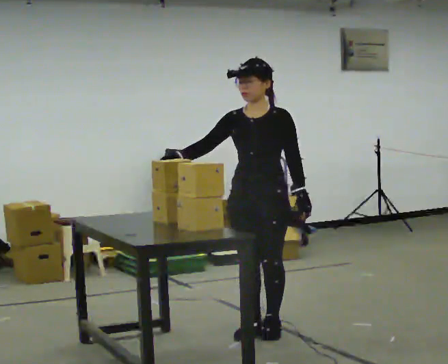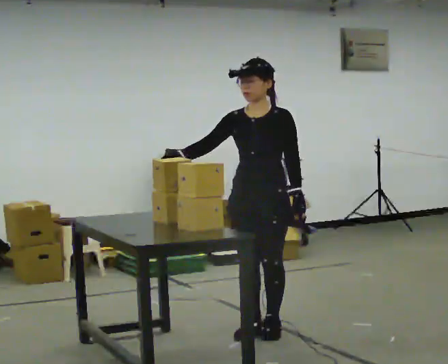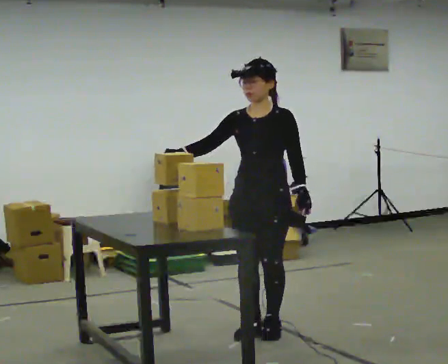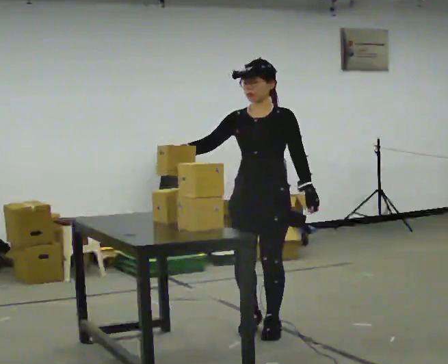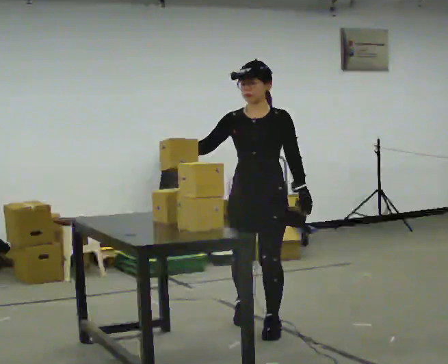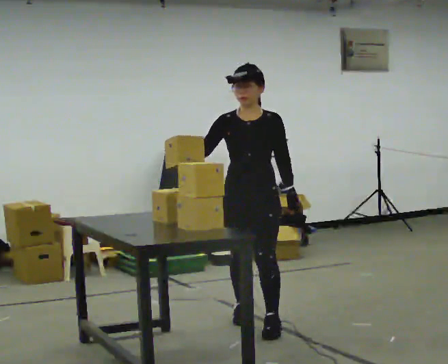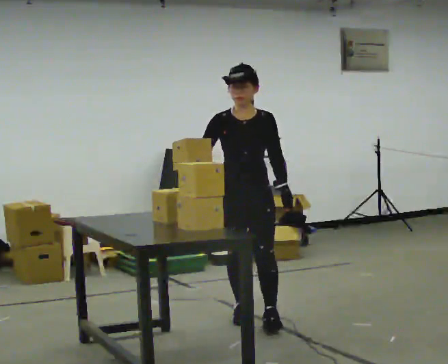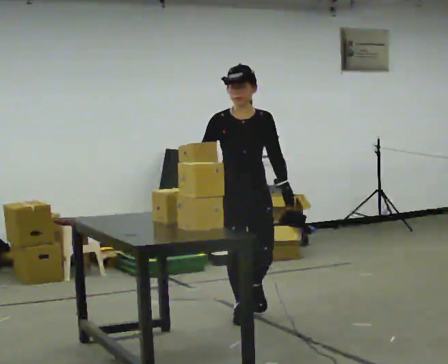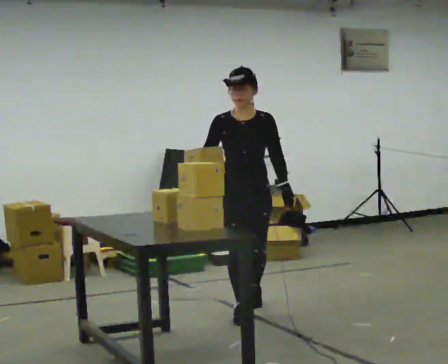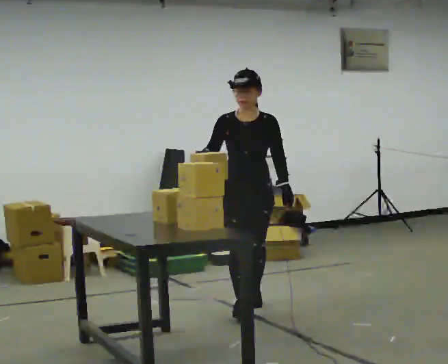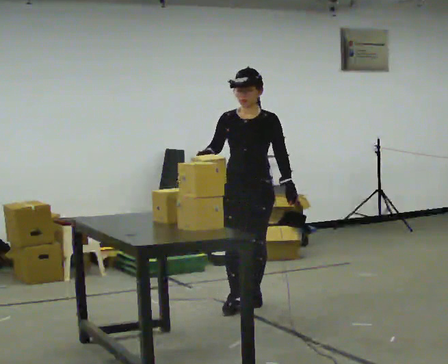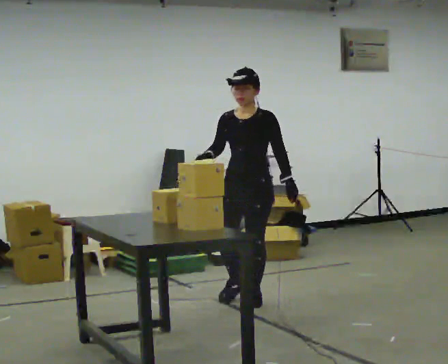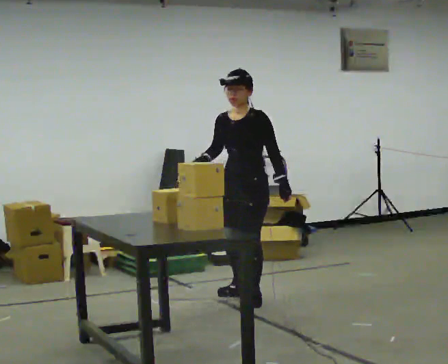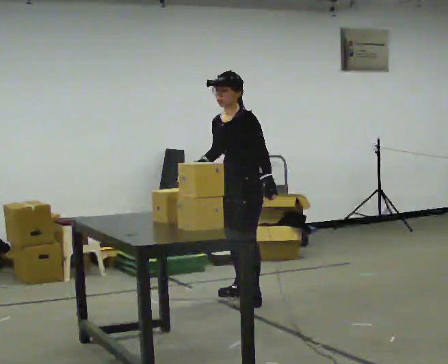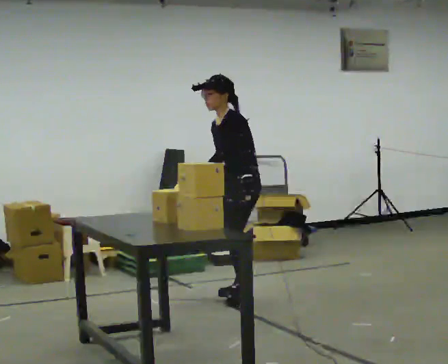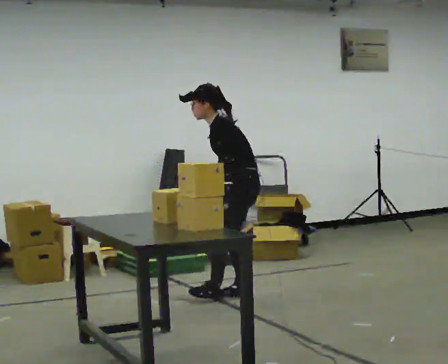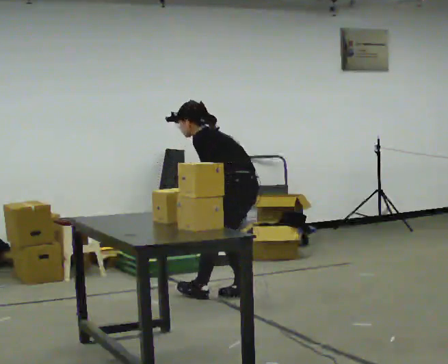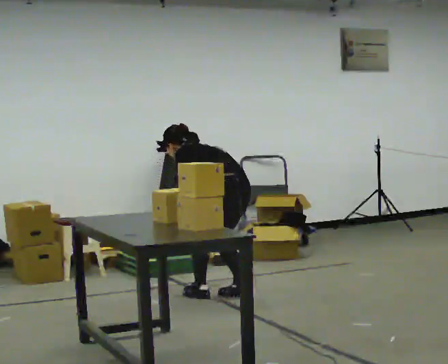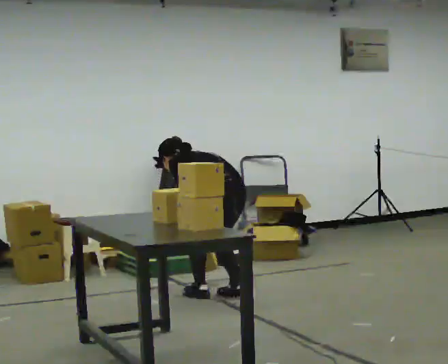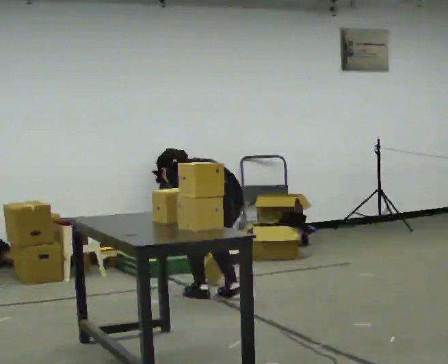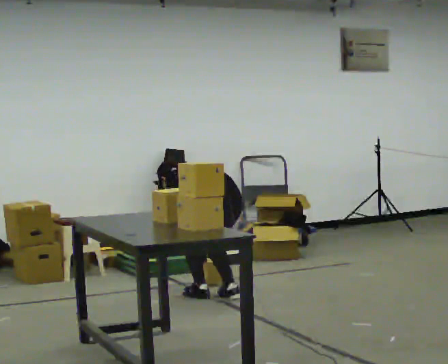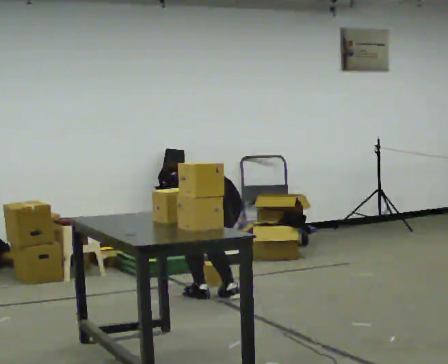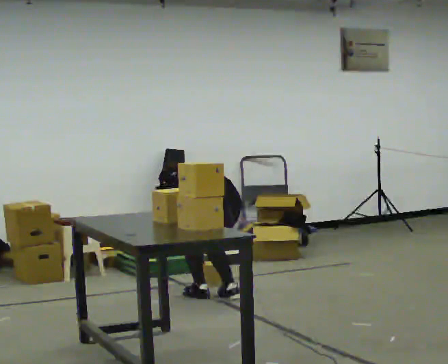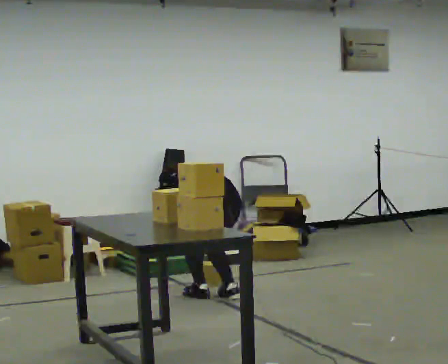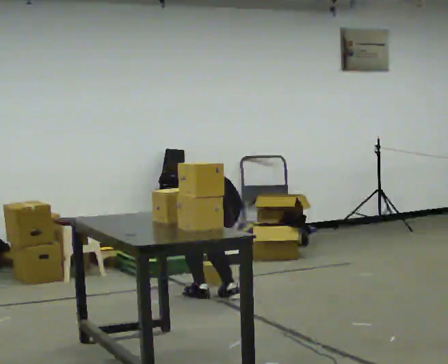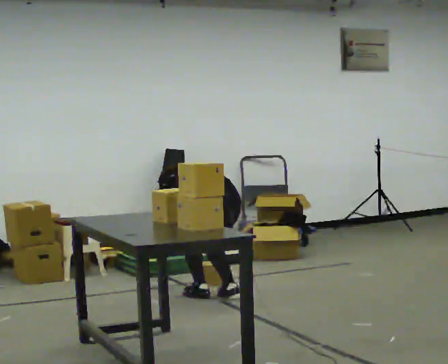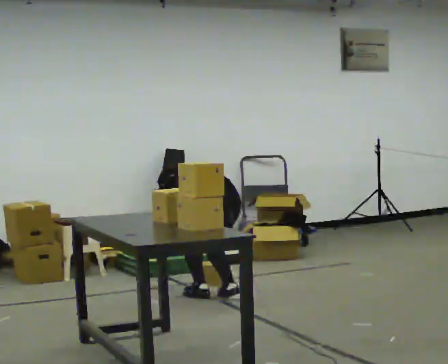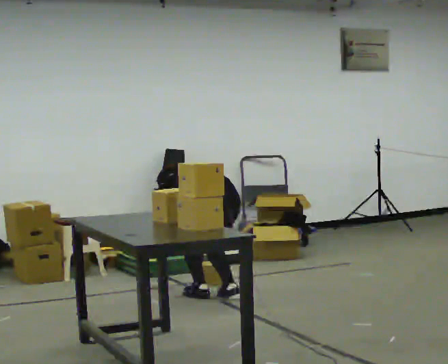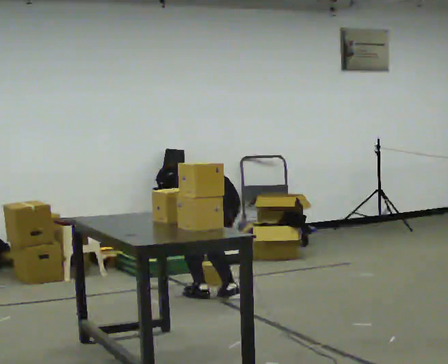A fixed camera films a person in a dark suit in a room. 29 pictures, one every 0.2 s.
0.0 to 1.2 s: In the picture they go away from the camera, about 0.25 m in 2 steps, which for them is backward and to their right.
1.2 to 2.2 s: The person turns about 30 degrees to their right, clockwise seen from above, so the part of the body nearest the lens slides to the left. In the picture they go away from the camera, about 0.5 m in 1 step, which for them is backward.
2.2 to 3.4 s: Seen from above the body turns clockwise, about 105 degrees: to their right, with its near side sliding to the left. The upper body goes downward. In the picture the upper body tilts counterclockwise, shoulders to the left, as they bend forward. In the picture their right hand goes downward, the arm swinging counterclockwise.
3.4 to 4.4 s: The upper body goes downward. The upper body tips away from the camera, its near side rolling upward, as they bend forward.
4.4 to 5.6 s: The person moves a little, or ends about where they began.
The film runs backward here.
